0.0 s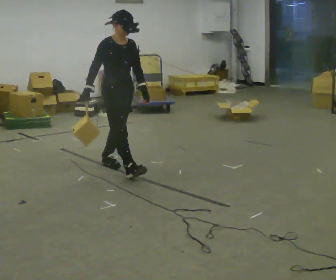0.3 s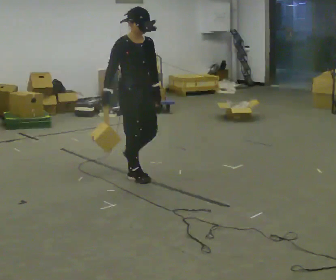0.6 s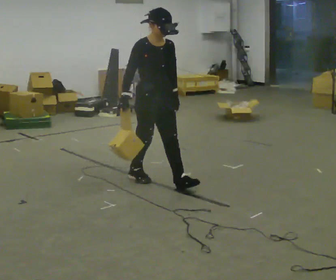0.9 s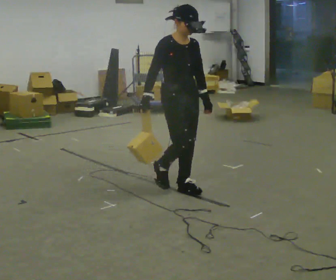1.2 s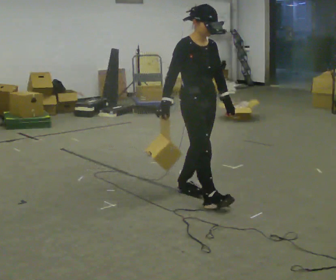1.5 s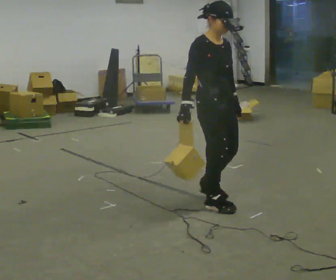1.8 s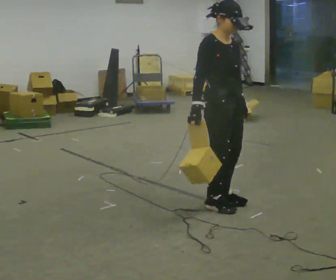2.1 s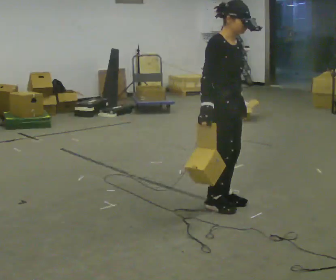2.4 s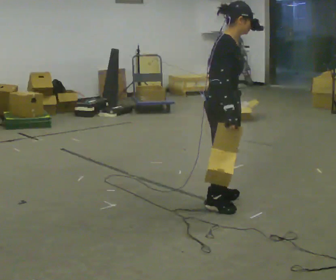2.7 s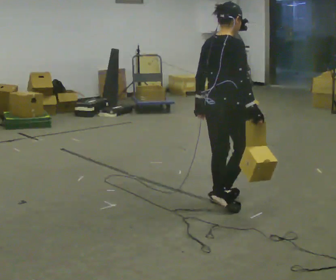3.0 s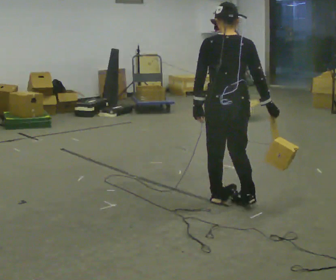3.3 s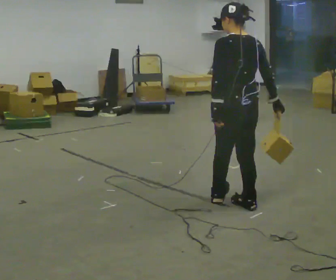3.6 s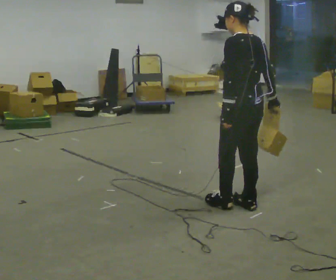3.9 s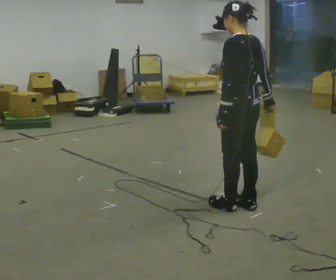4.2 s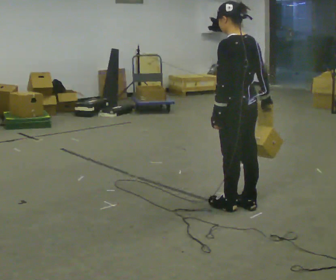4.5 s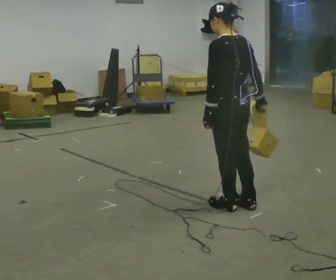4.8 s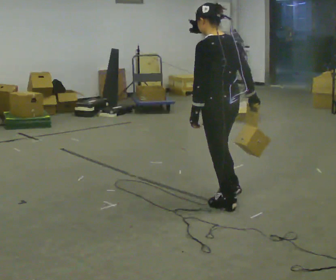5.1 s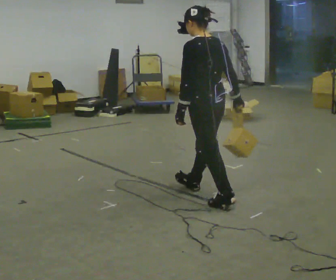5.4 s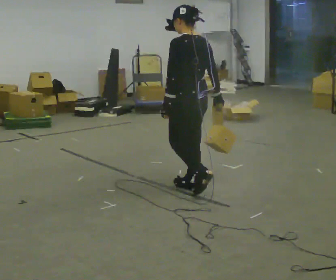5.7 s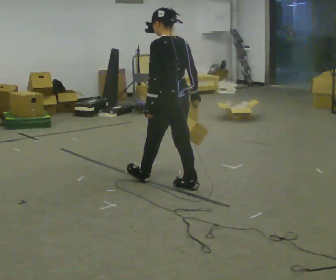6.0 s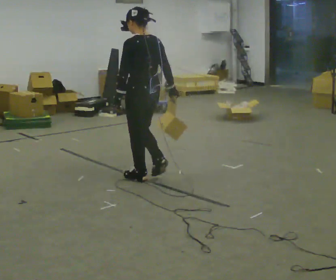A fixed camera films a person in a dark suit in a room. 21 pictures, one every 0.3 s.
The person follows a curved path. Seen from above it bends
counterclockwise.
The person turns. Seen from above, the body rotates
counterclockwise.
0.0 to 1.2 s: In the picture they go to the right and toward the camera, about 1 m in 2 steps, which for them is forward.
1.2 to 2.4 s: The person turns about 45 degrees to their left, counterclockwise seen from above, so the part of the body nearest the lens slides to the right. In the picture they go toward the camera, about 0.25 m in 2 steps, which for them is forward.
2.4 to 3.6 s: Seen from above the body turns counterclockwise, about 135 degrees: to their left, with its near side sliding to the right. In the picture they go to the right, about 0.25 m in 1 step. In the picture their right hand goes to the right.
3.6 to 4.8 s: In the picture they go to the left, about 0.25 m in 1 step, which for them is forward.
4.8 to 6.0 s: In the picture they go to the left and away from the camera, about 1 m in 2 steps, which for them is forward.
The film runs forward here.
